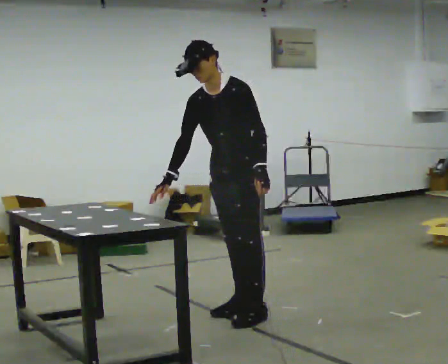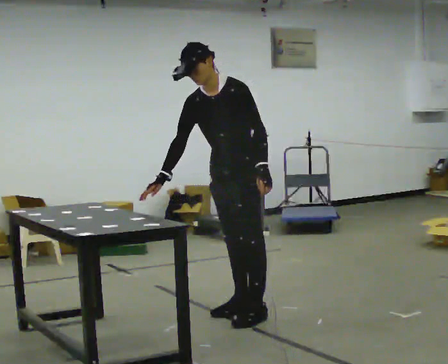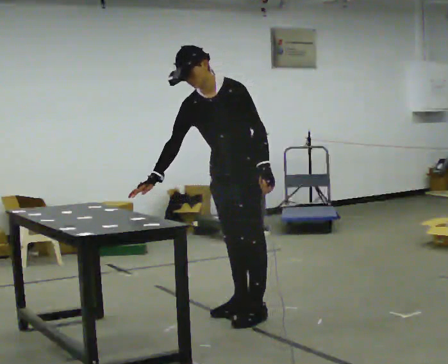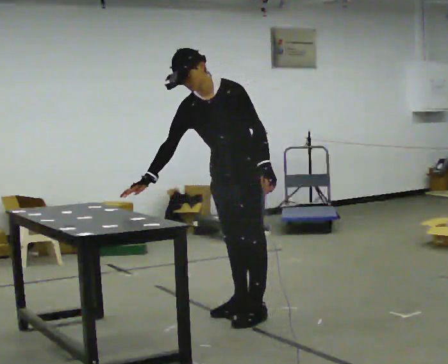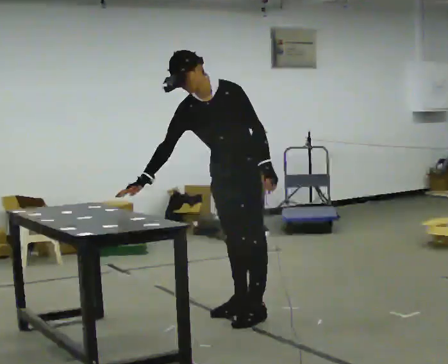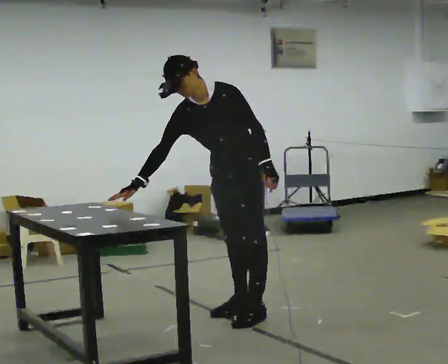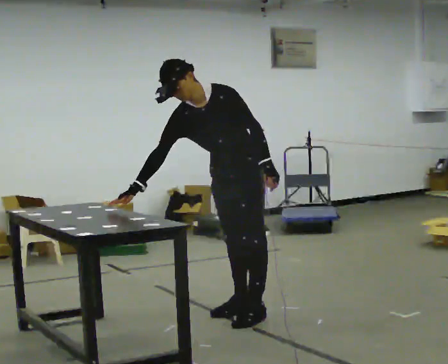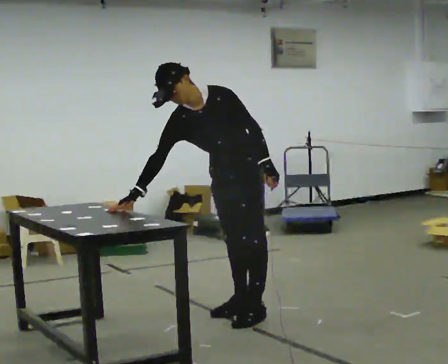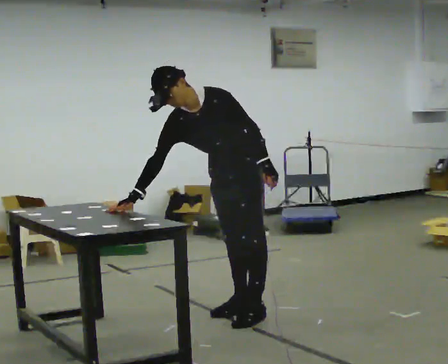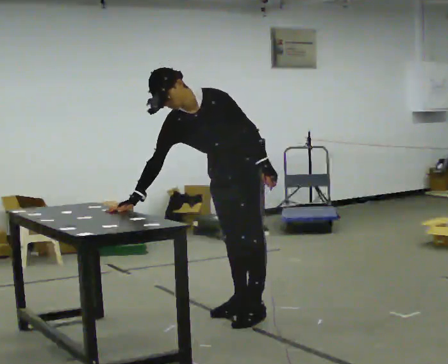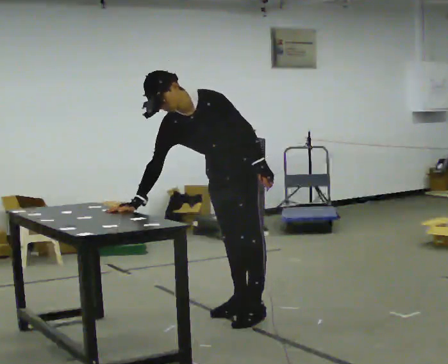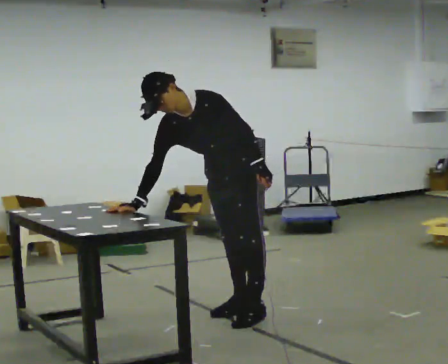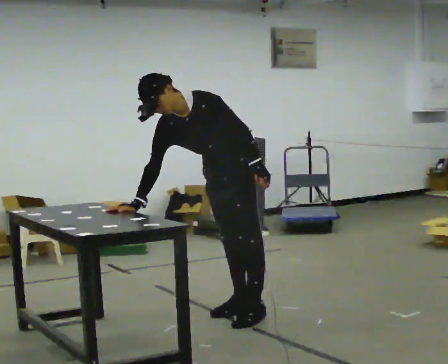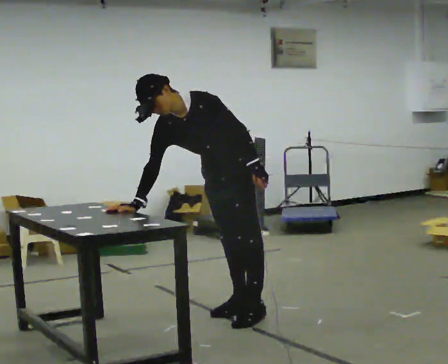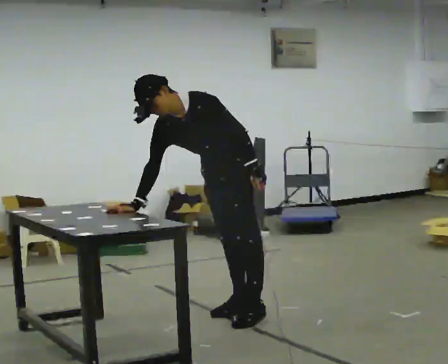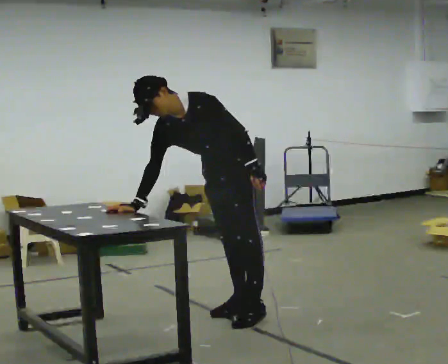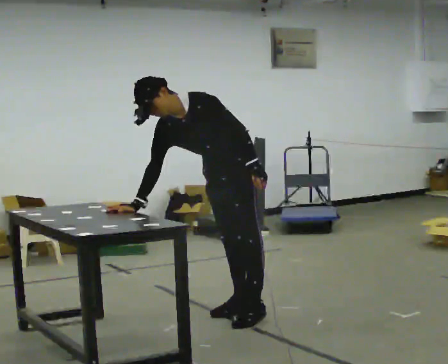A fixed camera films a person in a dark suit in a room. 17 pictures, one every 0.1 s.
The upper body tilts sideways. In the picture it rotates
counterclockwise.
0.0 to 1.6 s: In the picture the upper body tilts counterclockwise, shoulders to the left, as they bend forward.
The film runs forward here.
